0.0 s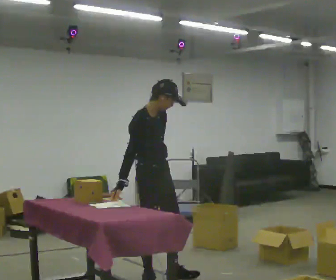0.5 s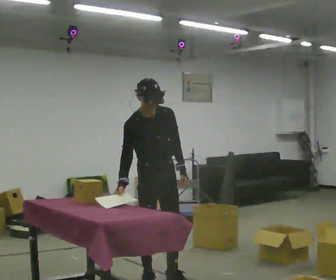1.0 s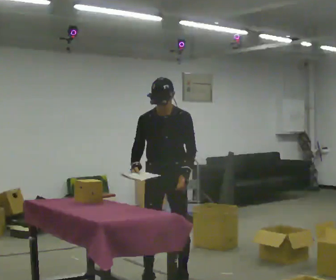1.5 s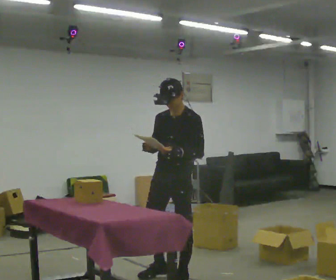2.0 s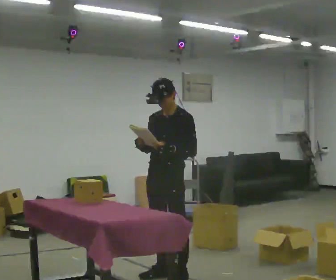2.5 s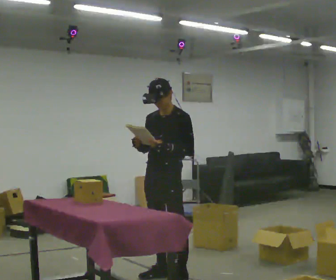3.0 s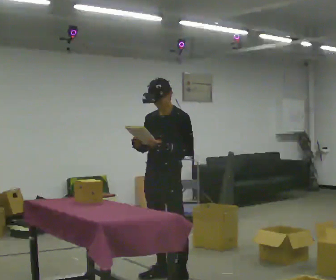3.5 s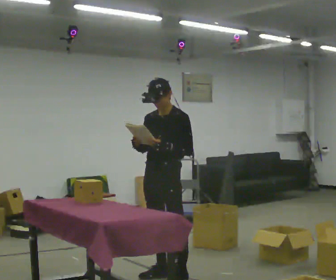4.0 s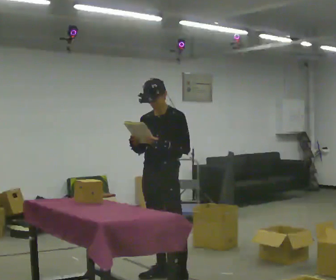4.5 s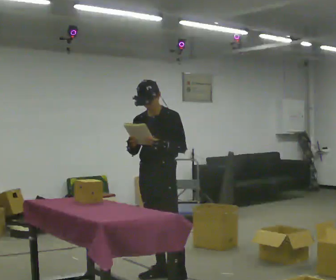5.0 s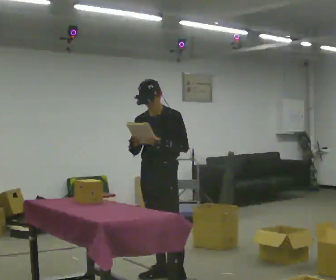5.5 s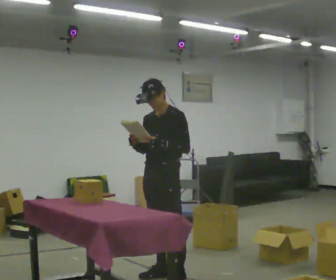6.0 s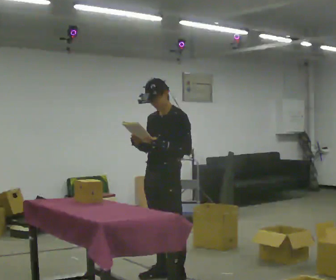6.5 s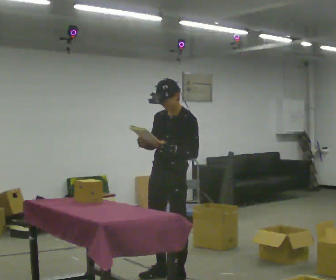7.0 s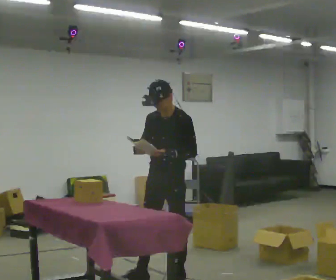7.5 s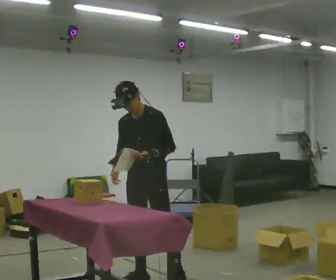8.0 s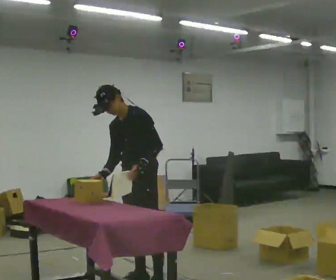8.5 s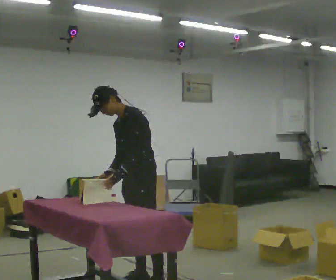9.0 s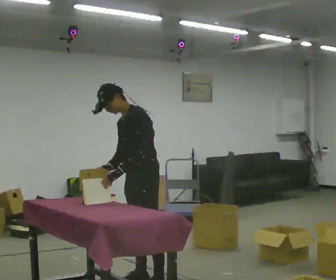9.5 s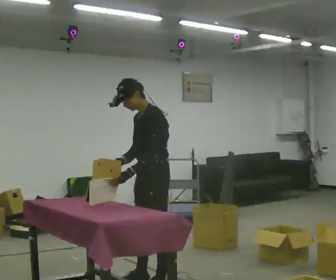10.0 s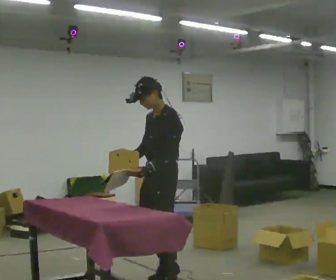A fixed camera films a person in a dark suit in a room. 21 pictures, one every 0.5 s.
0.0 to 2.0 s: The part of the body nearest the lens slides to the left as the person turns to their right by about 90 degrees. In the picture they go to the right, about 0.25 m in 1 step.
2.0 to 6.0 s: The person moves a little, or ends about where they began.
6.0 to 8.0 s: In the picture they go to the left, about 0.25 m in 2 steps, which for them is forward. In the picture the upper body tilts counterclockwise, shoulders to the left.
8.0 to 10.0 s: Seen from above the body turns clockwise, about 30 degrees: to their right, with its near side sliding to the left. In the picture they go to the right, about 0.25 m in 1 step, which for them is to their left and backward. In the picture the upper body tilts clockwise, shoulders to the right.
The film runs backward here.
